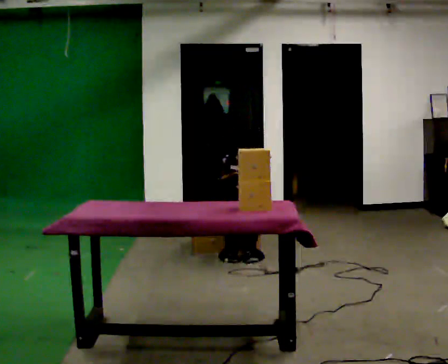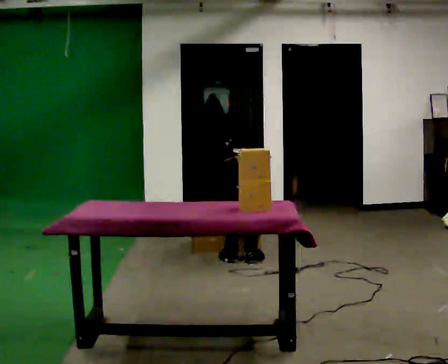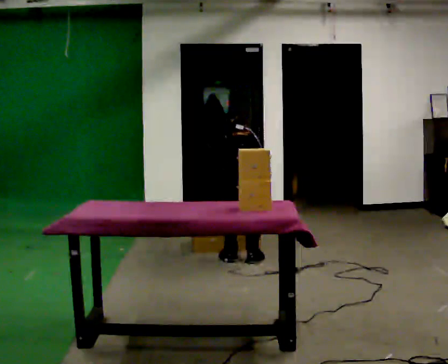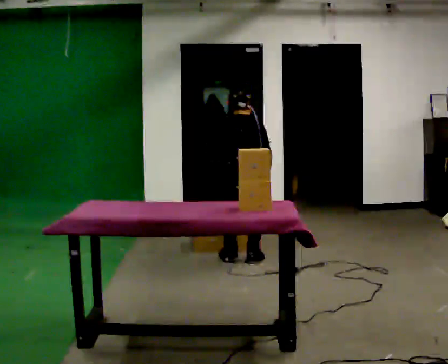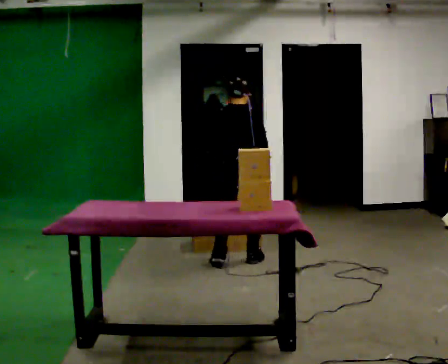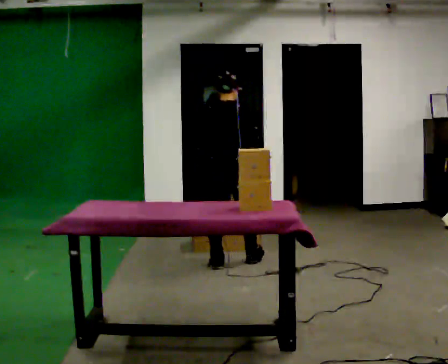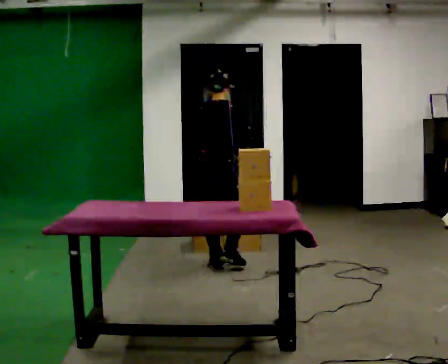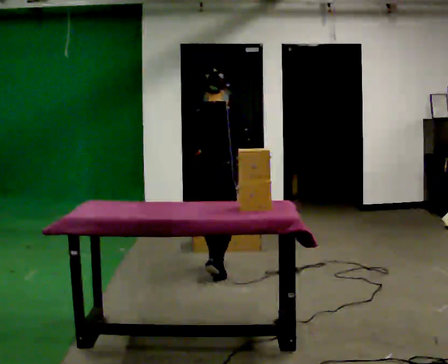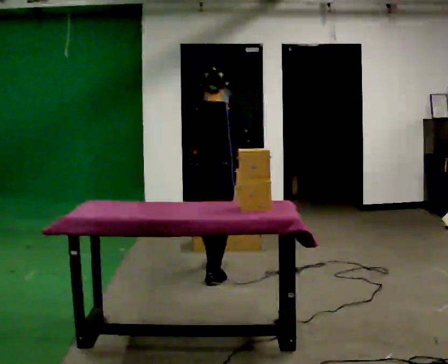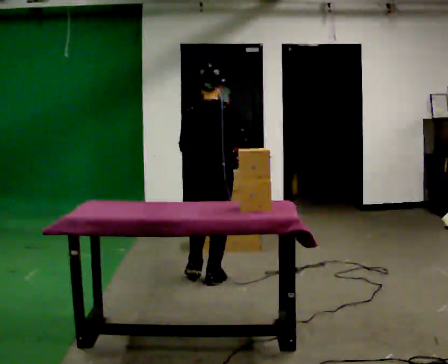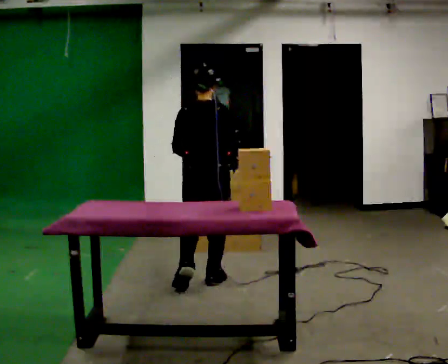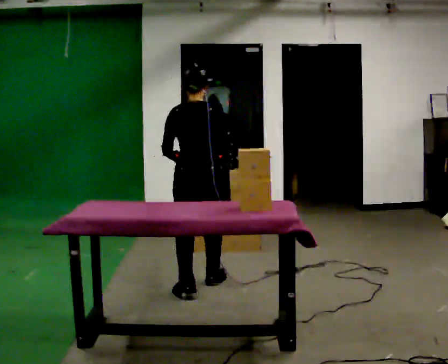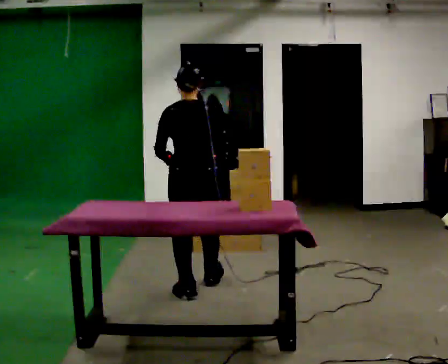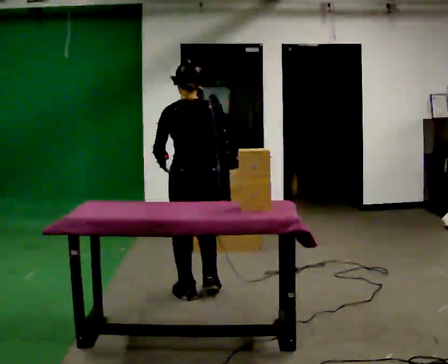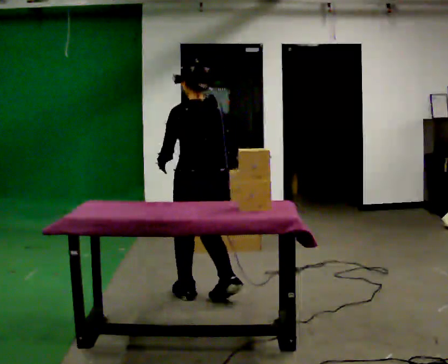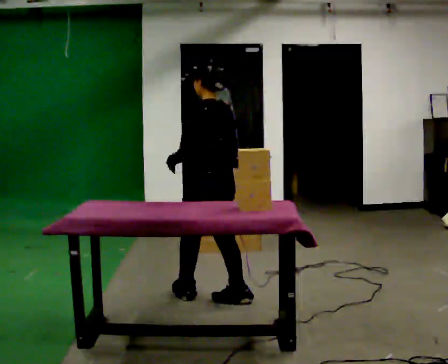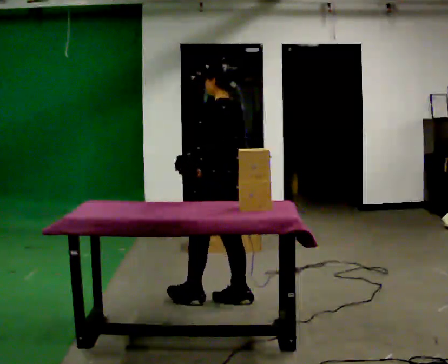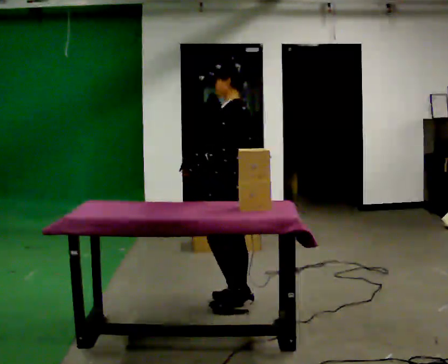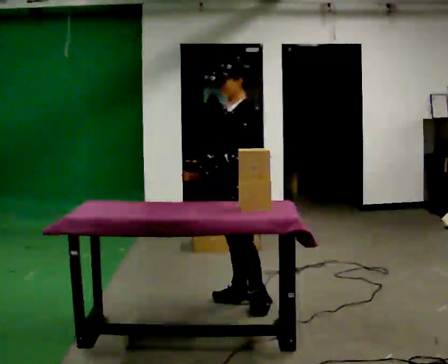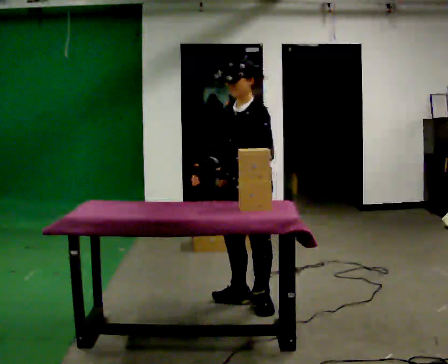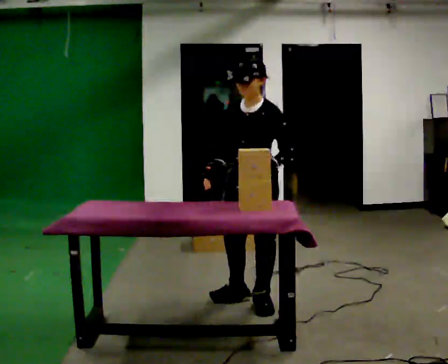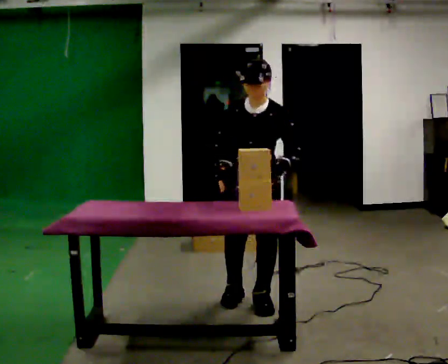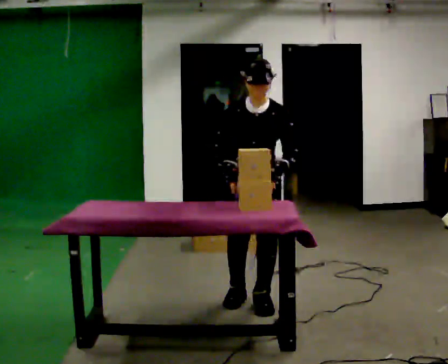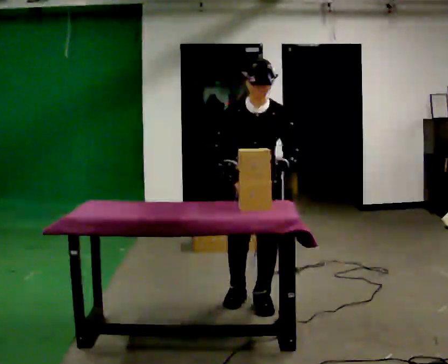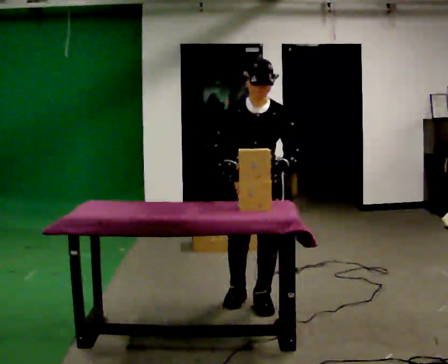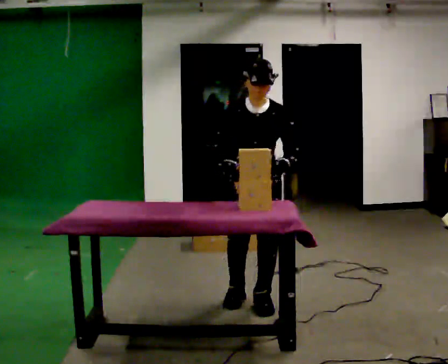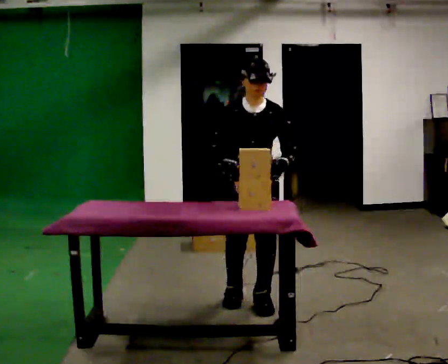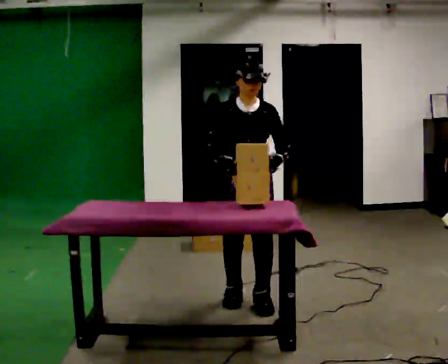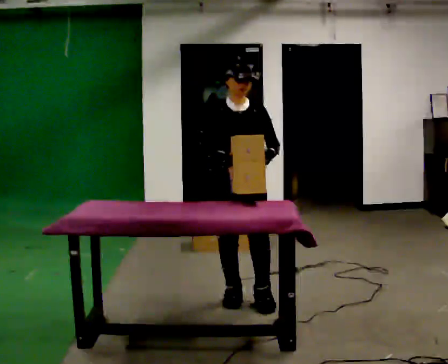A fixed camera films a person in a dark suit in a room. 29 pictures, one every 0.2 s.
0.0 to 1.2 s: In the picture they go to the left and toward the camera, about 0.25 m in 2 steps, which for them is backward and to their left. The upper body goes upward. The upper body tips toward the camera, its near side rolling downward, as they lean back or straighten. In the picture their right hand goes upward.
1.2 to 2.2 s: In the picture they go toward the camera, about 0.5 m in 1 step, which for them is backward.
2.2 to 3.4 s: The part of the body nearest the lens slides to the right as the person turns to their left by about 75 degrees. In the picture they go toward the camera and to the right, about 0.5 m in 2 steps.
3.4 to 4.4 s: The part of the body nearest the lens slides to the right as the person turns to their left by about 90 degrees.
4.4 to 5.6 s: The person moves a little, or ends about where they began.
The film runs backward here.
